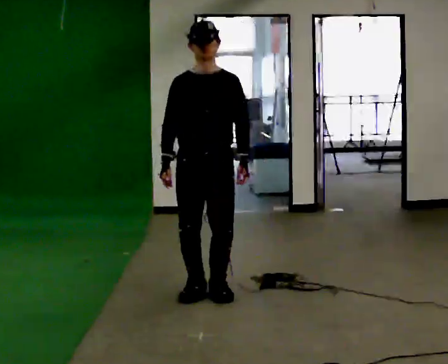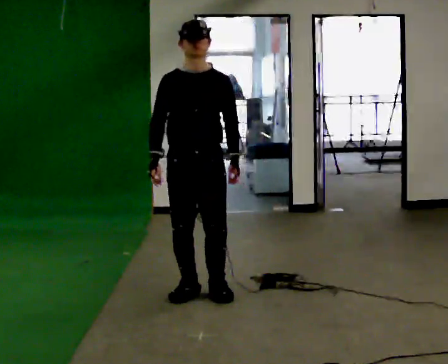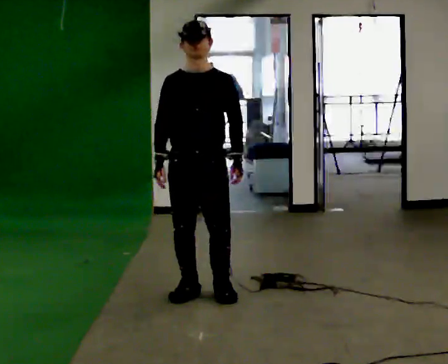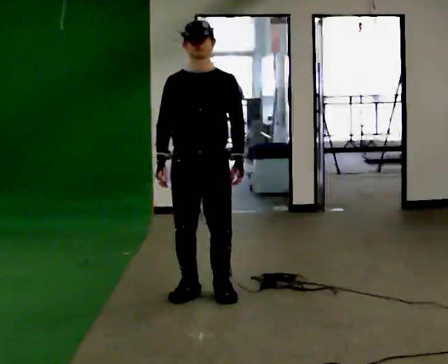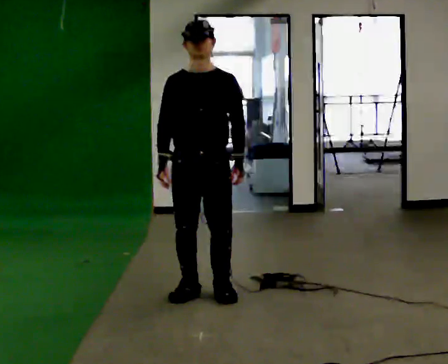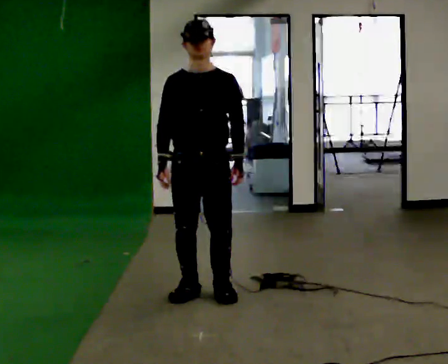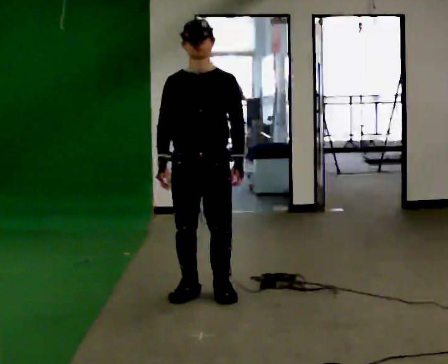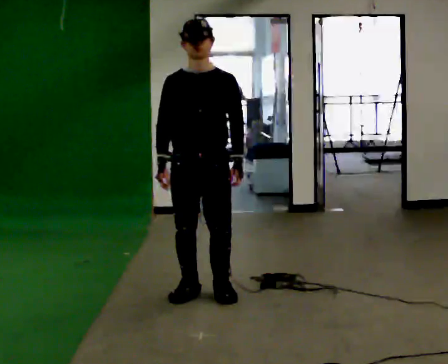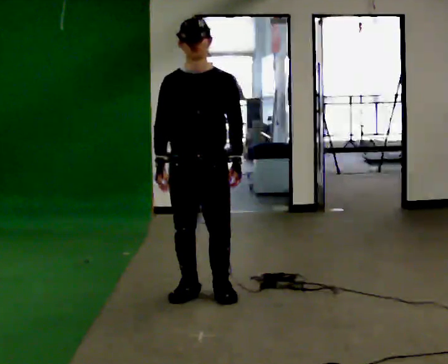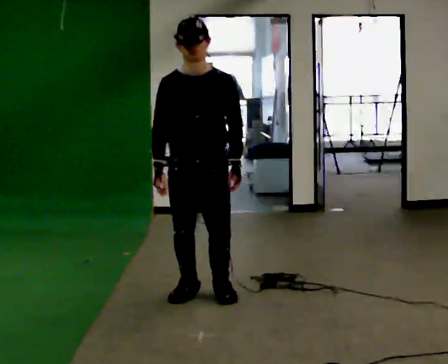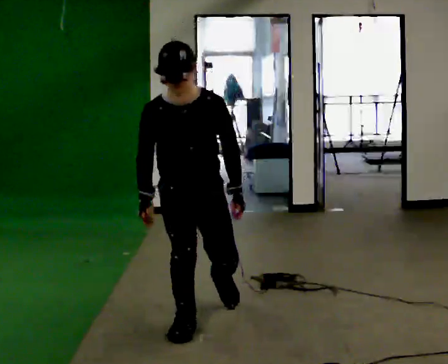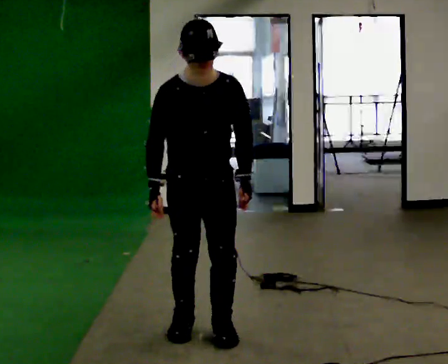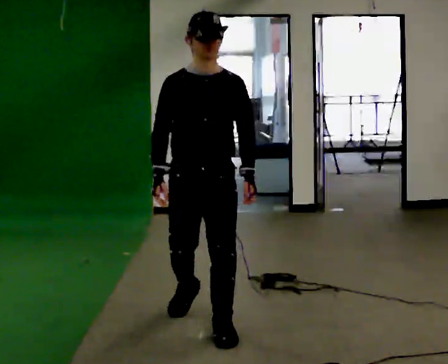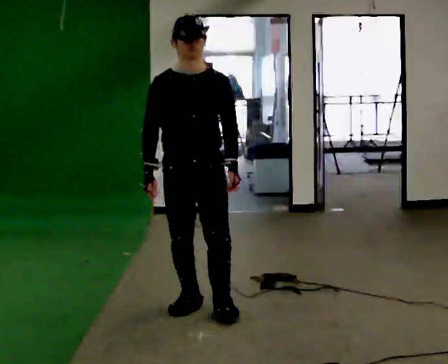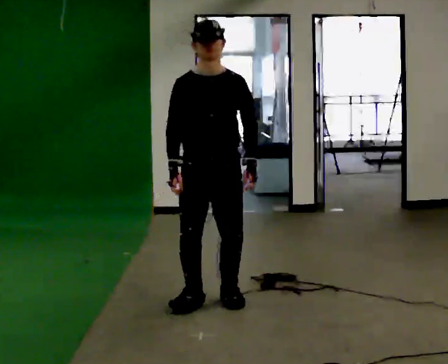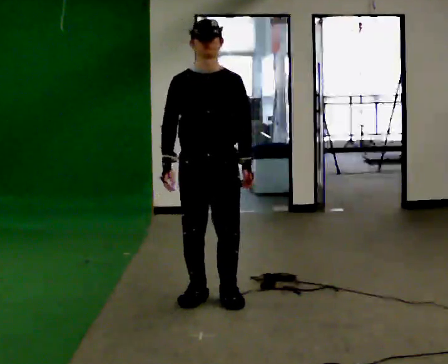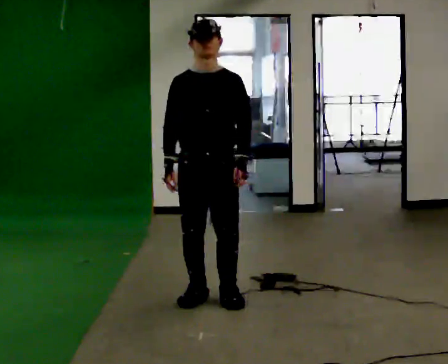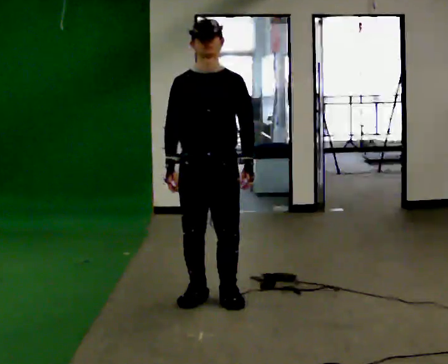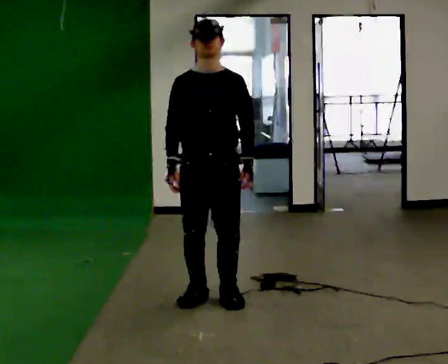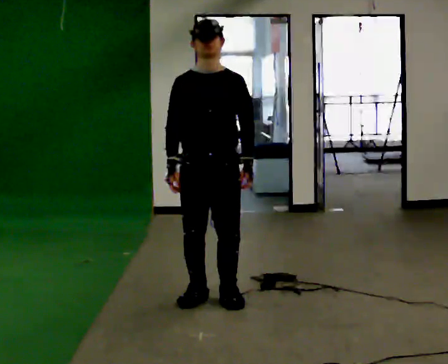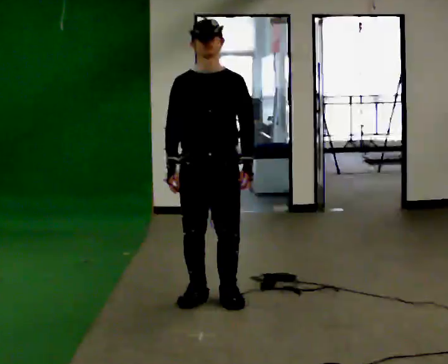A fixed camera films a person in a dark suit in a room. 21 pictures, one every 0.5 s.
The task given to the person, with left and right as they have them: Stand on the marked spots with your feet together. Lean forward from the ankles, keeping your body straight, until you cannot hold it any longer, then step forward to catch yourself. Return to the spots. Repeat at your own pace until the operator says stop. Go slowly and only as far as you are comfortable. Step whenever you need to; do not try to hold on longer than feels safe.
0.0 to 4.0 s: The person moves a little, or ends about where they began.
4.0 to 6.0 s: In the picture they go toward the camera, about 0.5 m in 2 steps, which for them is forward.
6.0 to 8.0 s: In the picture they go away from the camera, about 0.5 m in 3 steps, which for them is backward.
8.0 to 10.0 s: The person moves a little, or ends about where they began.
The film runs forward here.
